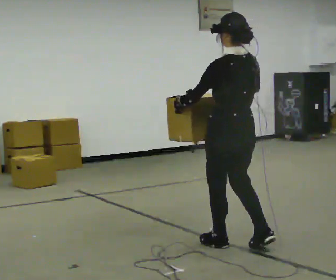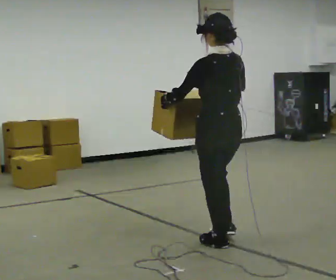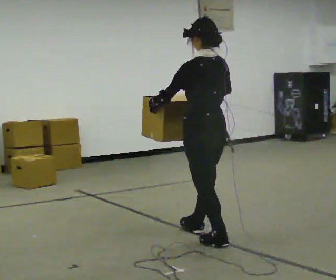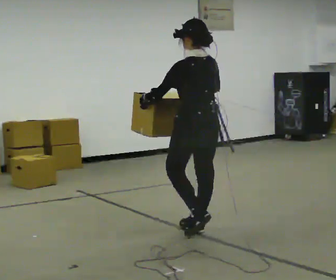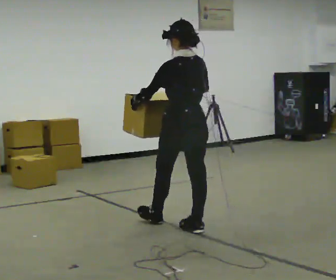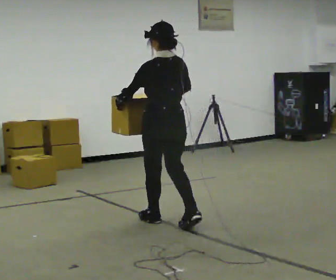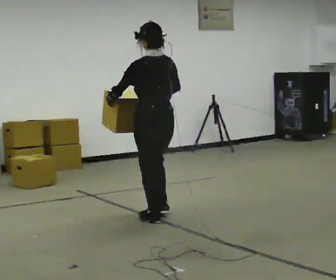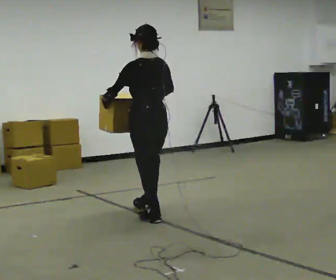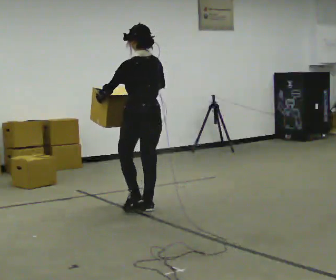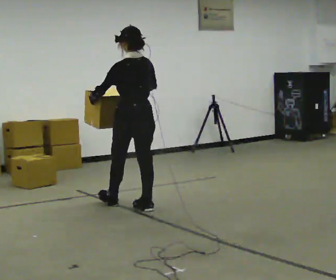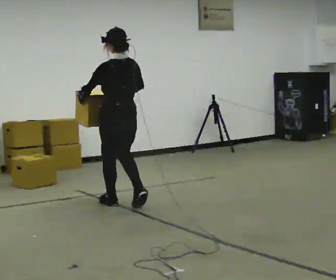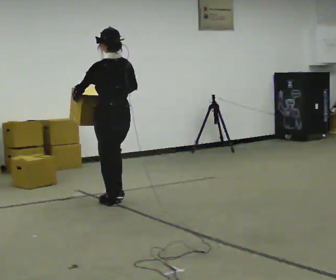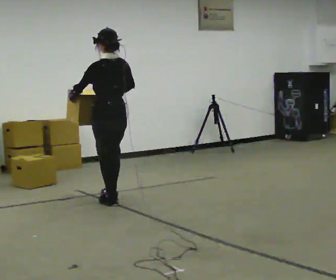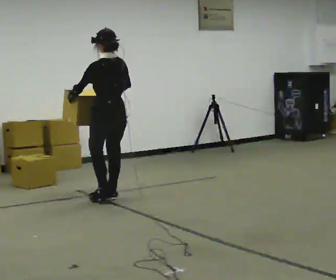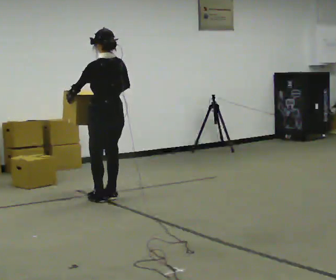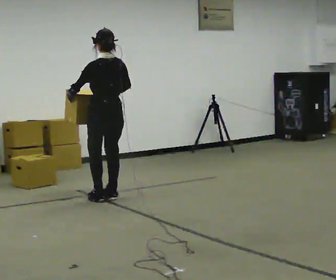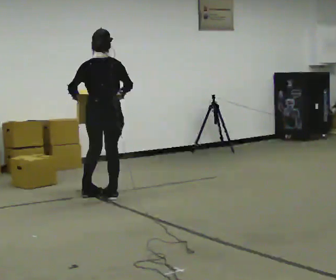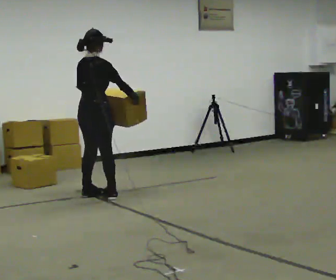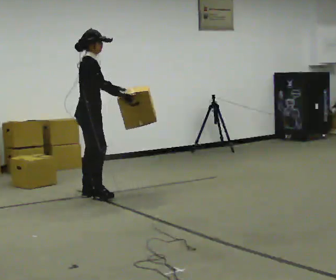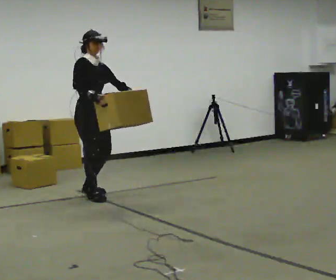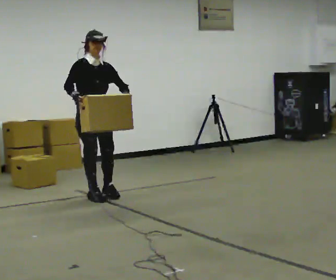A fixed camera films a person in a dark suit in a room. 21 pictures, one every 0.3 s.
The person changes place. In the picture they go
away from the camera.
0.0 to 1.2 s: In the picture they go away from the camera and to the left, about 0.5 m in 1 step, which for them is forward.
1.2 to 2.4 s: In the picture they go away from the camera and to the left, about 0.5 m in 2 steps, which for them is forward.
2.4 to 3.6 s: In the picture they go away from the camera and to the left, about 0.5 m in 2 steps, which for them is forward.
3.6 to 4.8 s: The person turns about 30 degrees to their right, clockwise seen from above, so the part of the body nearest the lens slides to the left. In the picture they go away from the camera, about 0.25 m in 1 step, which for them is forward.
4.8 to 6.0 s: The person turns about 150 degrees to their right, clockwise seen from above, so the part of the body nearest the lens slides to the left. In the picture their right hand goes to the left.
The film runs forward here.
